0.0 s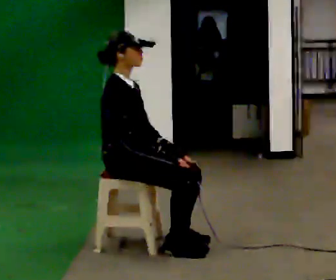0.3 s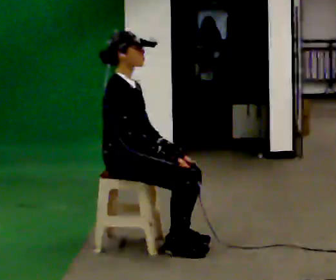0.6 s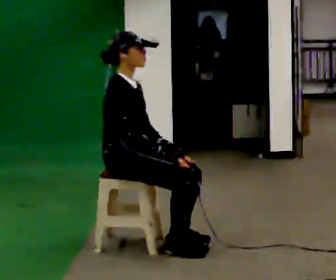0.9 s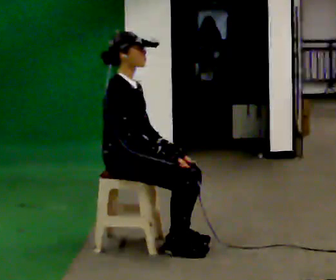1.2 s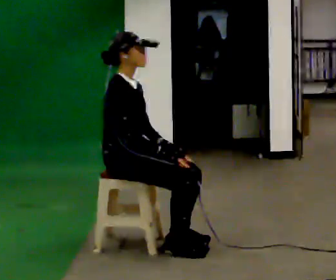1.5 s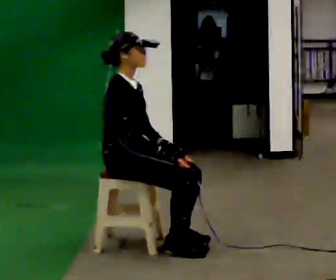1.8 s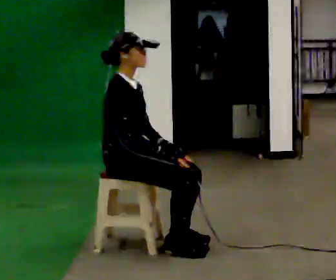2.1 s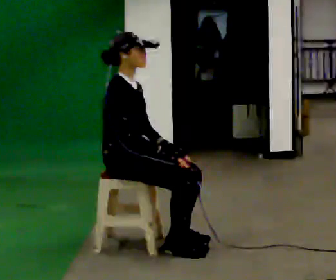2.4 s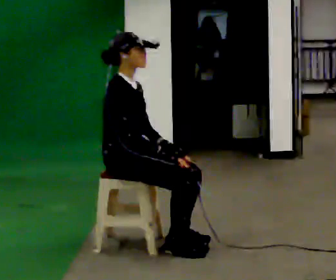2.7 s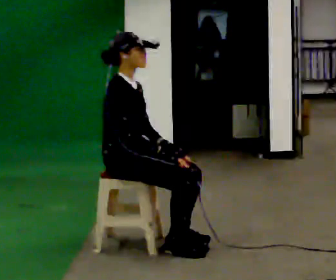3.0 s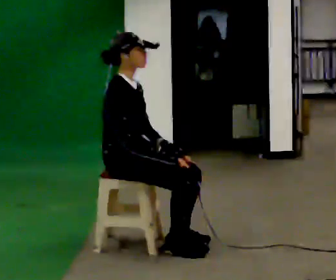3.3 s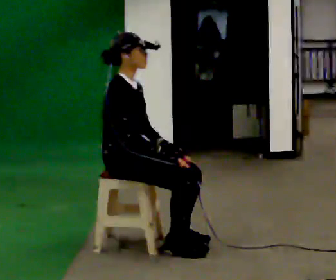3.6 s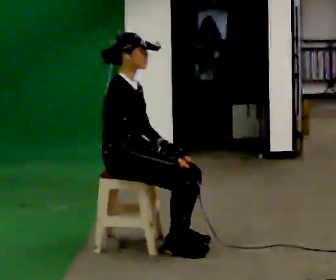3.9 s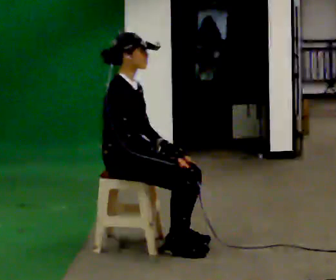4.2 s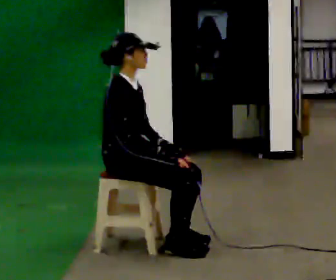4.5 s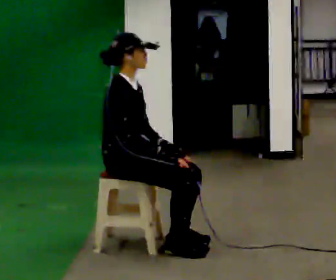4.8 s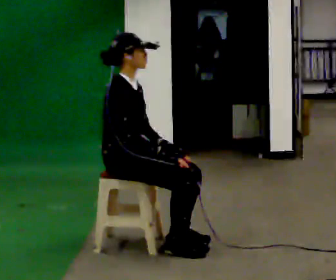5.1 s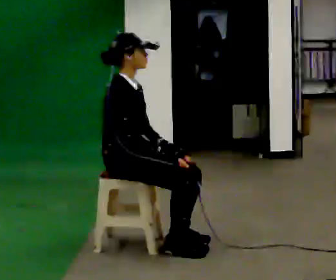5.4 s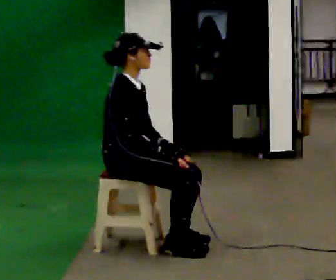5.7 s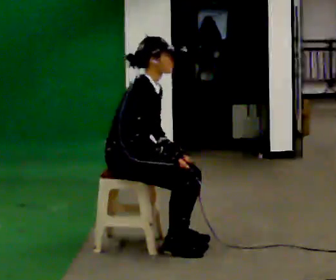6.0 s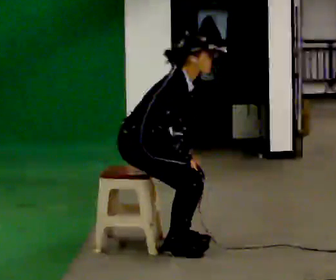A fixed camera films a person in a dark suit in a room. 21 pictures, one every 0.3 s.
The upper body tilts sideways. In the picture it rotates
clockwise.
0.0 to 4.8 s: The person keeps their place and pose.
4.8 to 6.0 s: In the picture the upper body tilts clockwise, shoulders to the right, as they bend forward.
The film runs forward here.
